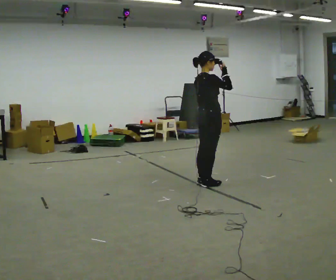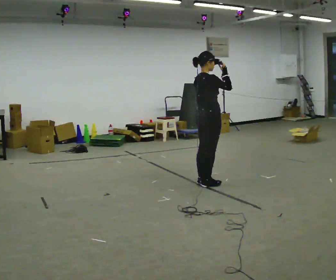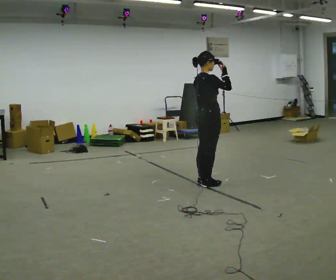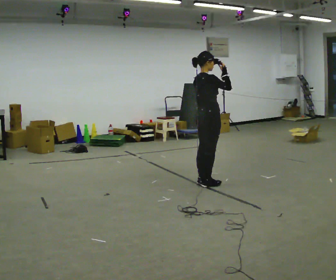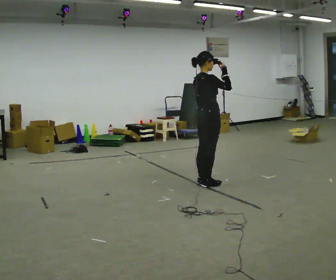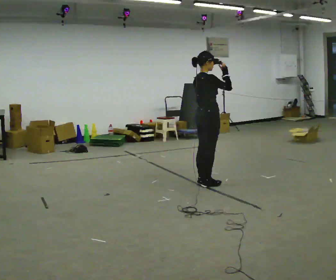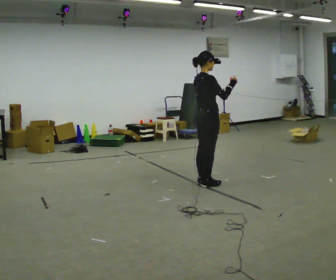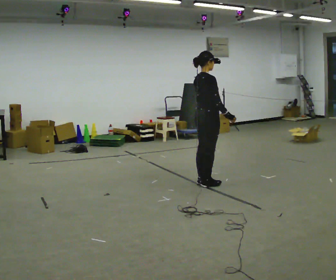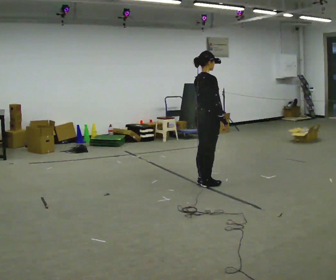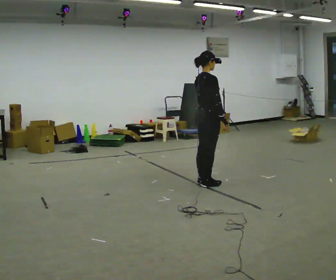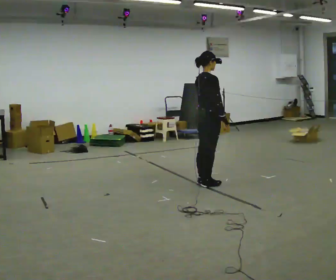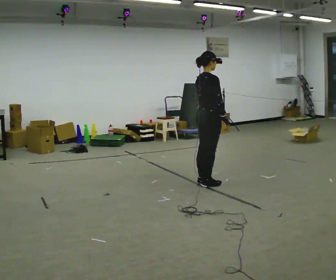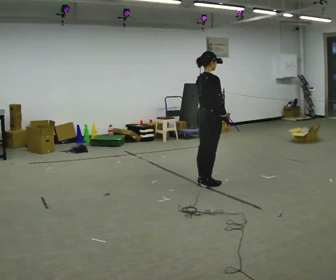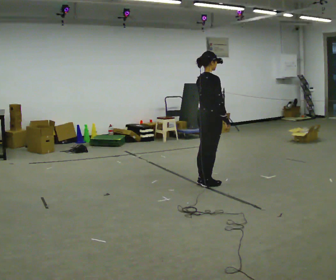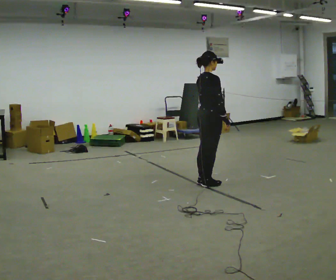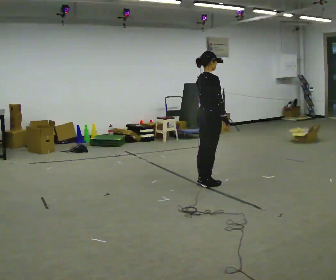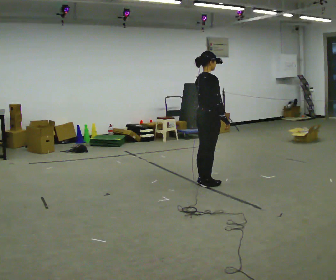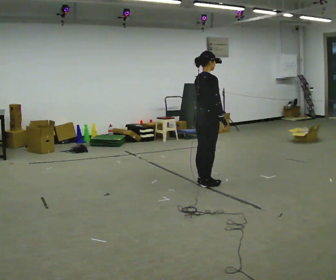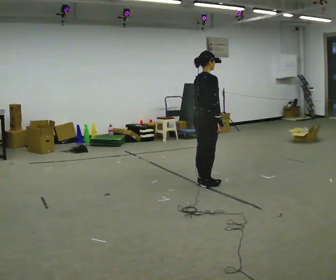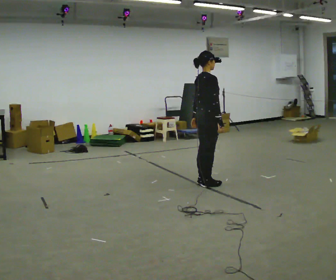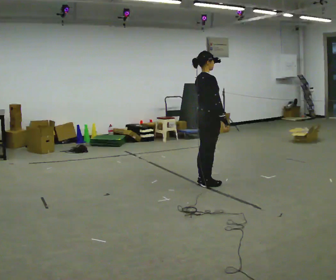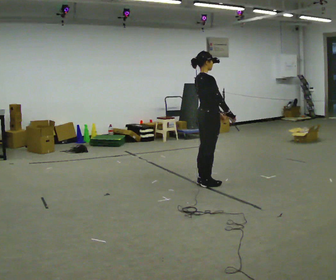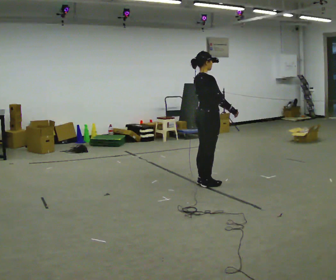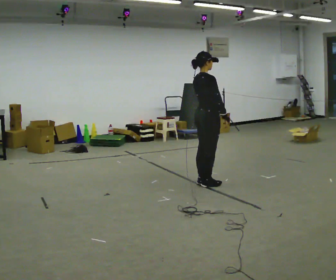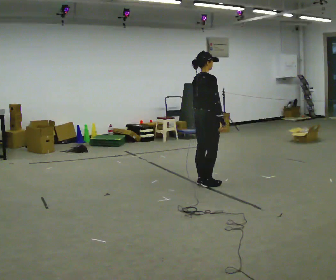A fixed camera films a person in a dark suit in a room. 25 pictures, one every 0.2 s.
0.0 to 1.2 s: The person moves a little, or ends about where they began.
1.2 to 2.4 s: In the picture their right hand goes downward.
2.4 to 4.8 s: The person moves a little, or ends about where they began.
The film runs backward here.
